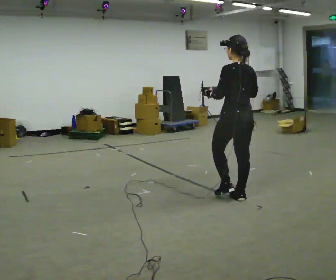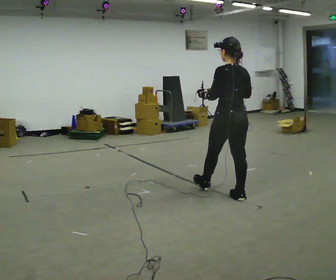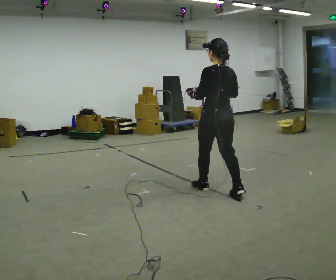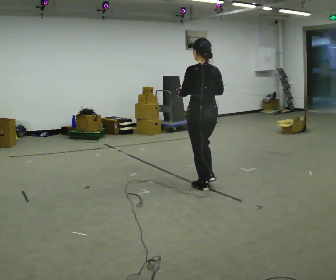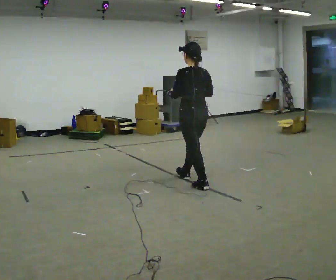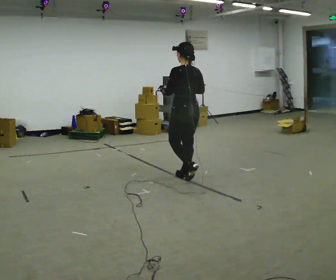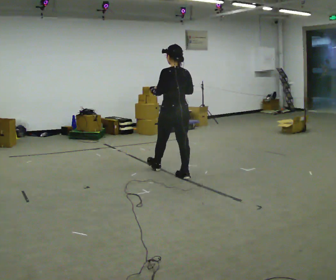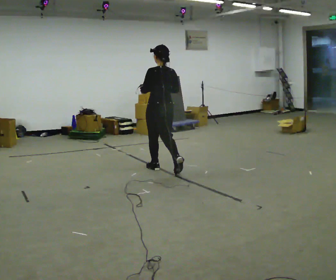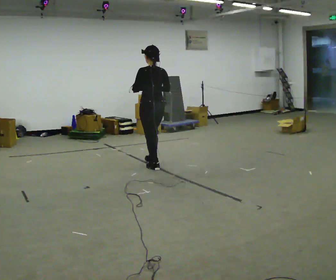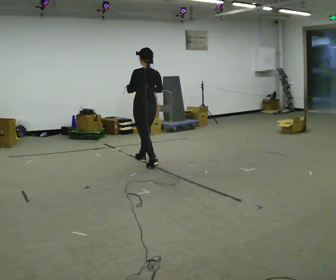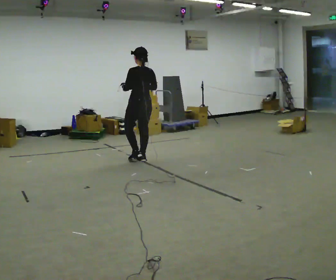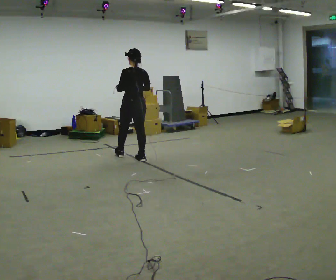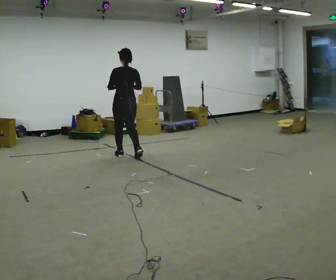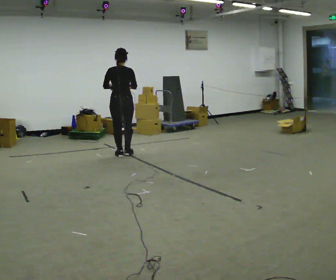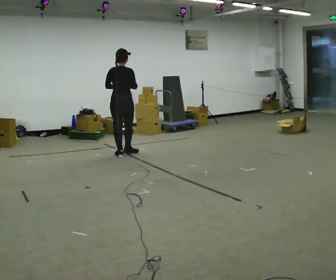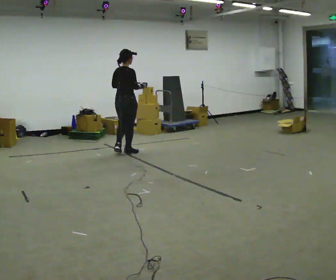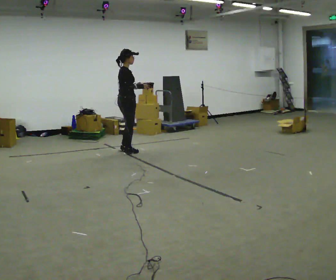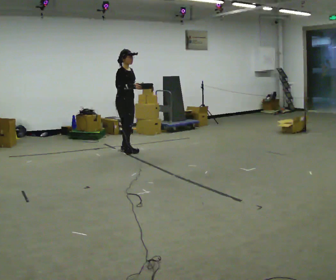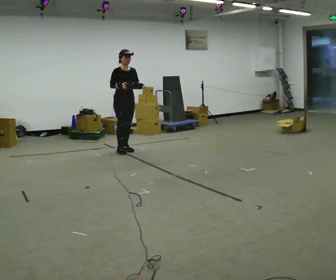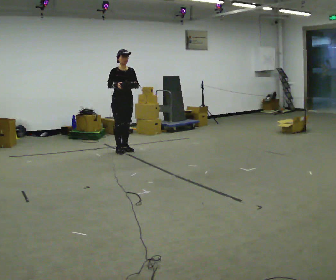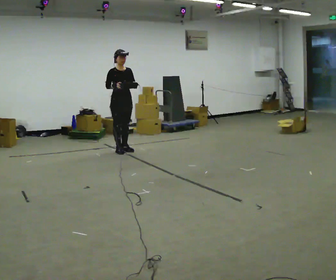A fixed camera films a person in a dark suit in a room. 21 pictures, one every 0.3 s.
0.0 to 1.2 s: In the picture they go away from the camera and to the left, about 0.75 m in 2 steps, which for them is forward.
1.2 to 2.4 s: In the picture they go away from the camera and to the left, about 1 m in 1 step, which for them is forward.
2.4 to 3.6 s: In the picture they go away from the camera and to the left, about 0.5 m in 2 steps, which for them is forward.
3.6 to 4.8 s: The person turns about 105 degrees to their right, clockwise seen from above, so the part of the body nearest the lens slides to the left. In the picture they go away from the camera, about 0.25 m in 1 step.
4.8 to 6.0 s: The person turns about 75 degrees to their right, clockwise seen from above, so the part of the body nearest the lens slides to the left.
The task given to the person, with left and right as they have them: Carry the object across the room. The lid hangs loose and will swing, so carry it however works. Keep going until the operator says stop; one object at a time, and do not rush between trips.
The film runs forward here.
